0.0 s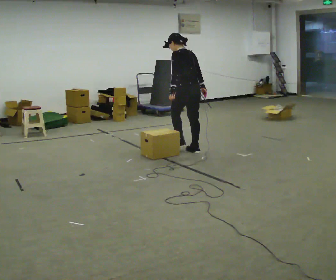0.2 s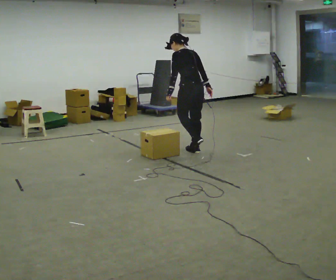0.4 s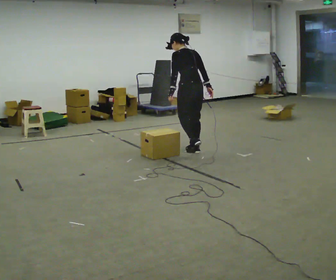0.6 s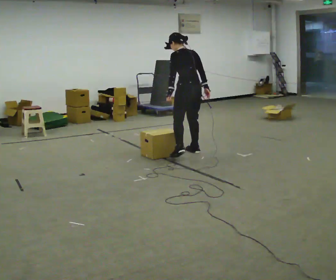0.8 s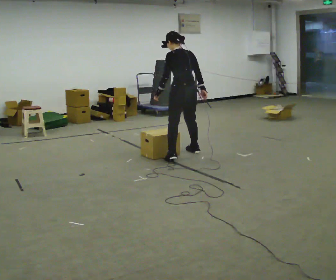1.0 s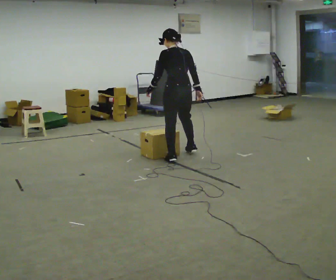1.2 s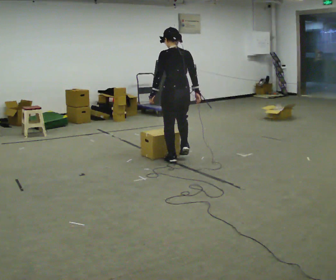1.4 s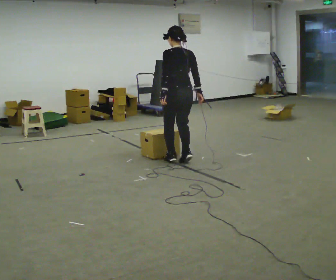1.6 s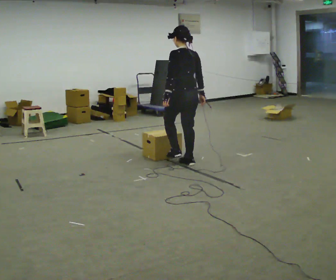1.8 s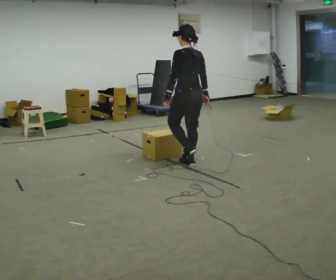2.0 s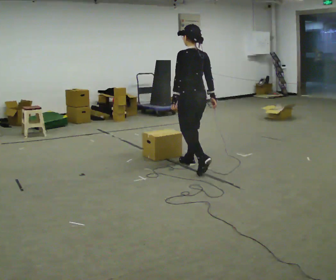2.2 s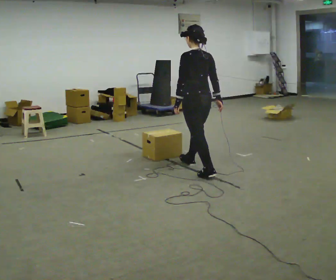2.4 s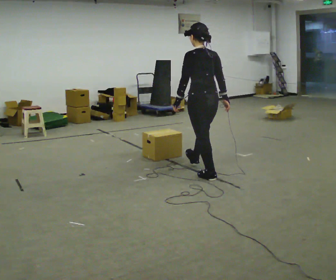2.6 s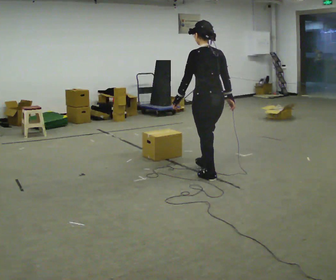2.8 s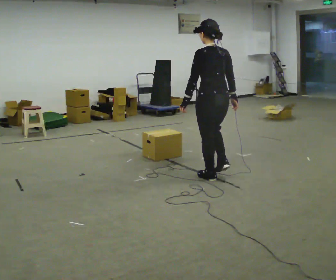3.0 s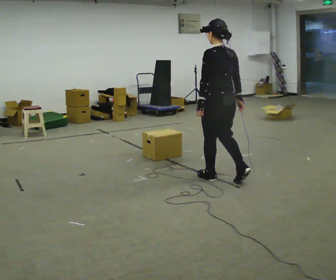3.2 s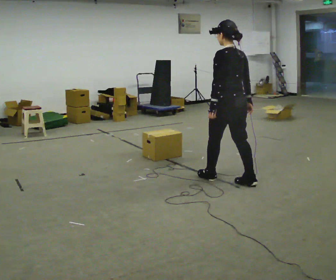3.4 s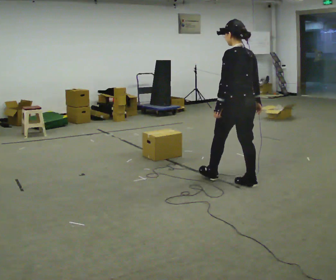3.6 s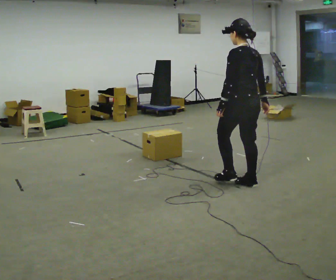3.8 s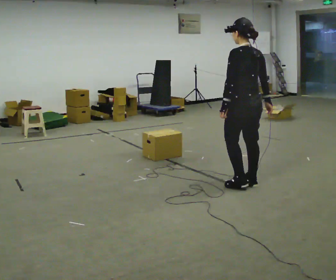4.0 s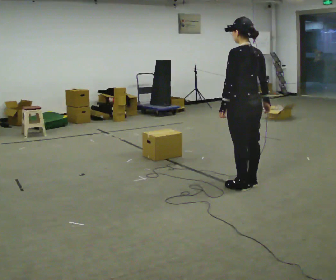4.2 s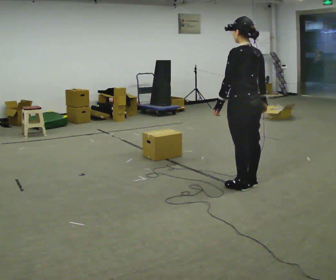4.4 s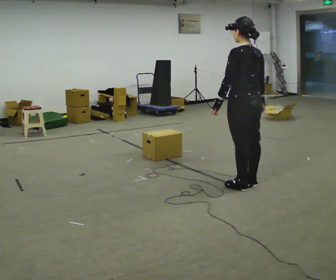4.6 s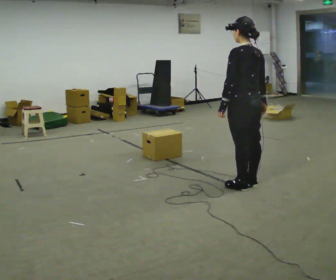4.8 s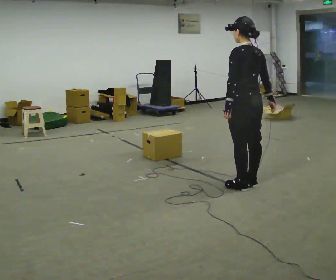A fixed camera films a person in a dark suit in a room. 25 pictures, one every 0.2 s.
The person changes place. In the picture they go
toward the camera.
0.0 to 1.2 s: In the picture they go toward the camera, about 0.5 m in 1 step, which for them is to their left and backward.
1.2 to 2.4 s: In the picture they go toward the camera and to the right, about 0.75 m in 2 steps, which for them is backward.
2.4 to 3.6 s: In the picture they go to the right and toward the camera, about 0.5 m in 1 step, which for them is backward.
3.6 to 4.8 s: The person moves a little, or ends about where they began.
The film runs backward here.
